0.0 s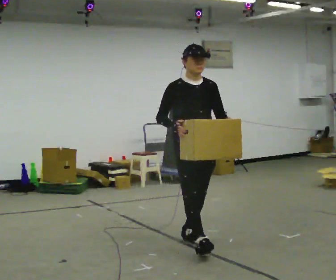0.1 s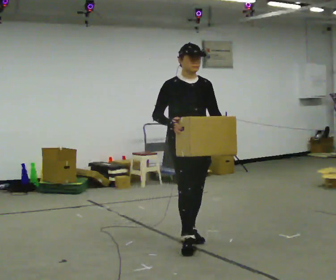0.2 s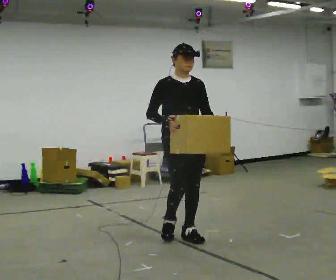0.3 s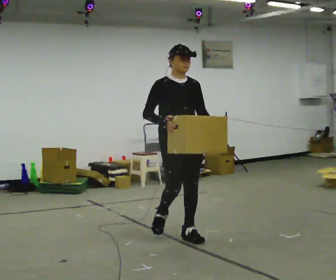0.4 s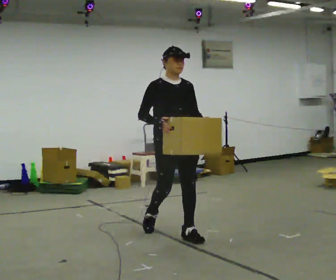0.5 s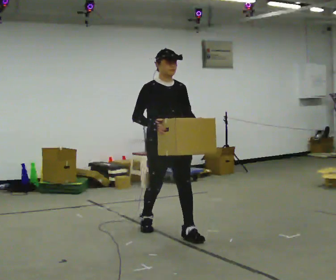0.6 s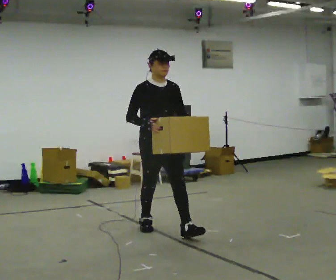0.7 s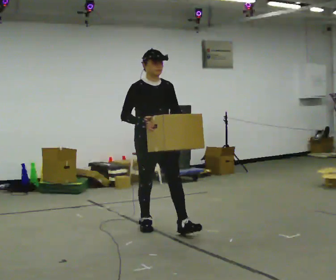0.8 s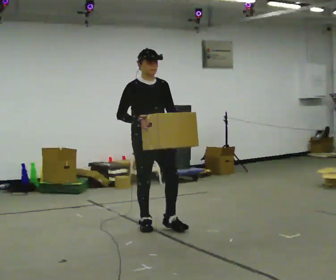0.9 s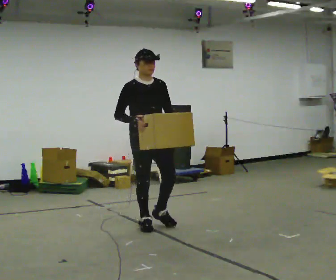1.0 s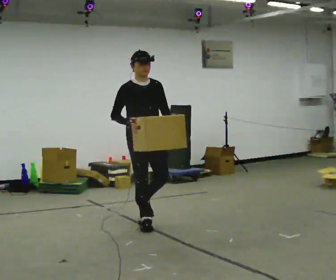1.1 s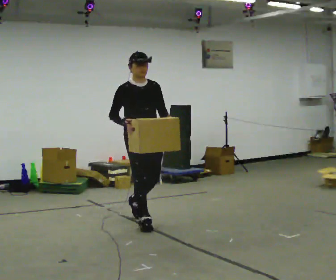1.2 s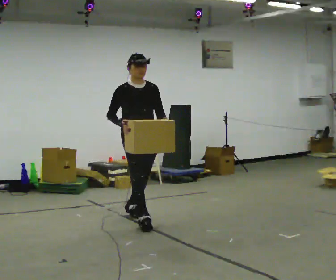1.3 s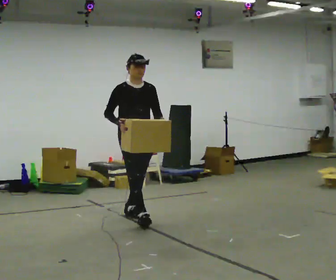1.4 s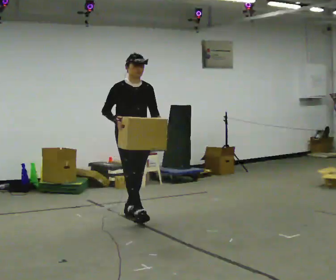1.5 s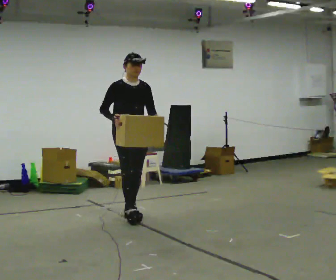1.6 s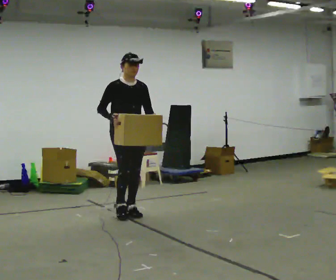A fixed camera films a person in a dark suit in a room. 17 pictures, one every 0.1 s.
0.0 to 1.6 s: In the picture they go away from the camera and to the left, about 1.5 m in 2 steps, which for them is backward.
The film runs backward here.
